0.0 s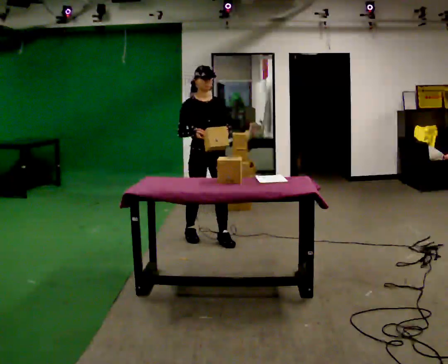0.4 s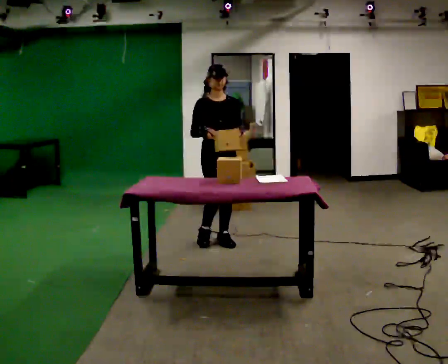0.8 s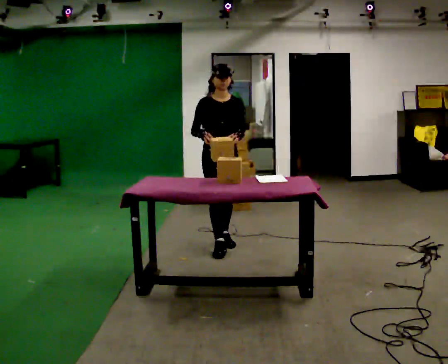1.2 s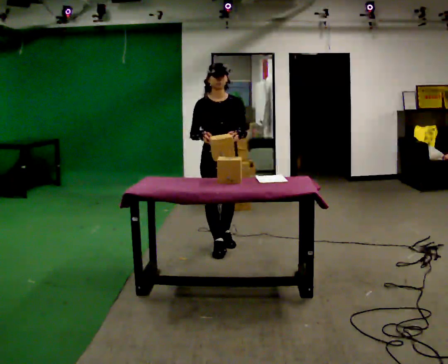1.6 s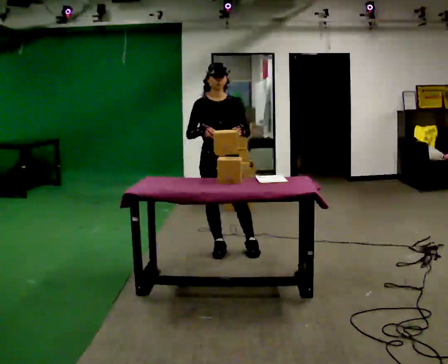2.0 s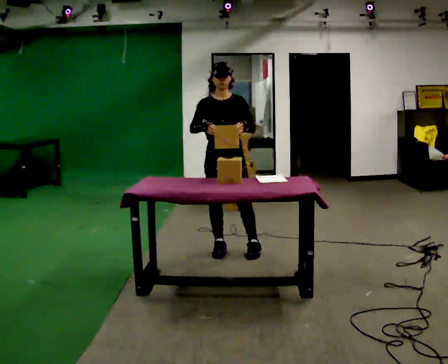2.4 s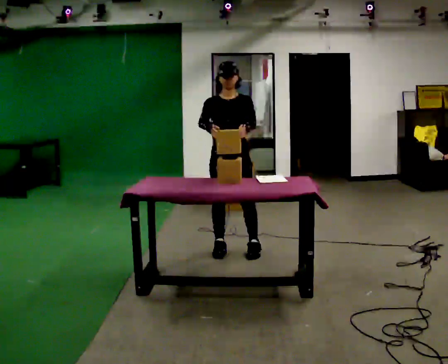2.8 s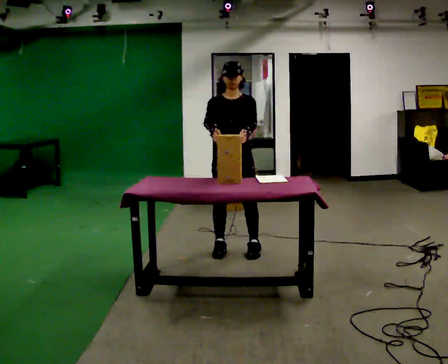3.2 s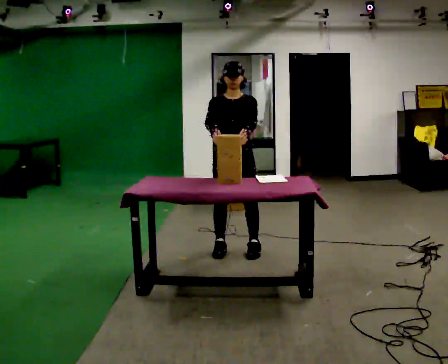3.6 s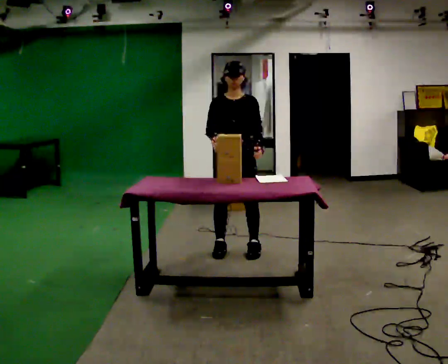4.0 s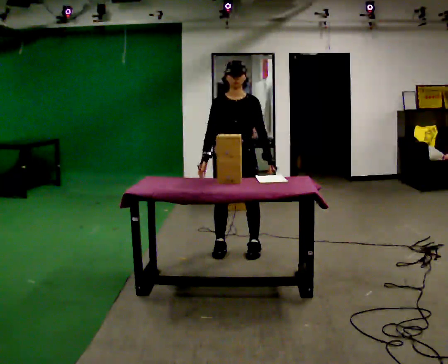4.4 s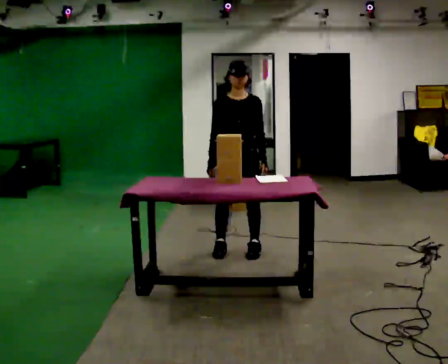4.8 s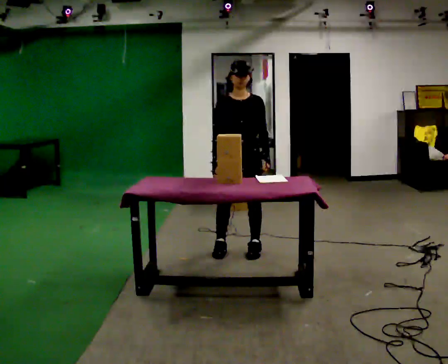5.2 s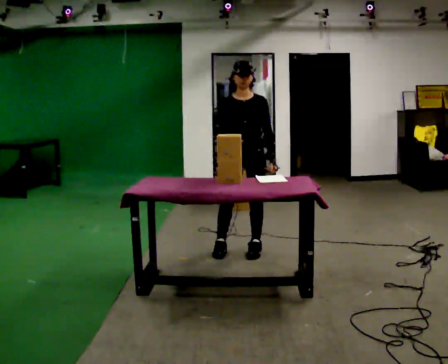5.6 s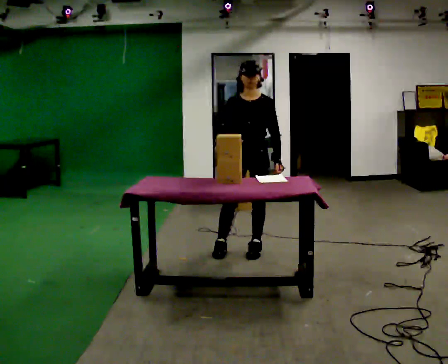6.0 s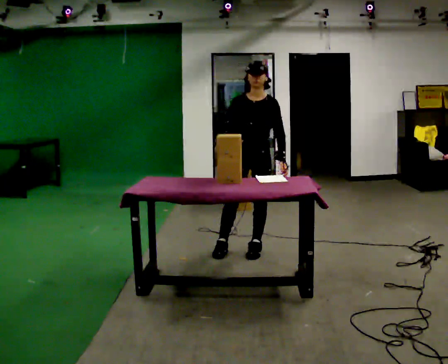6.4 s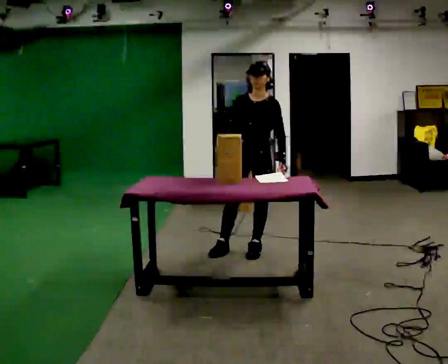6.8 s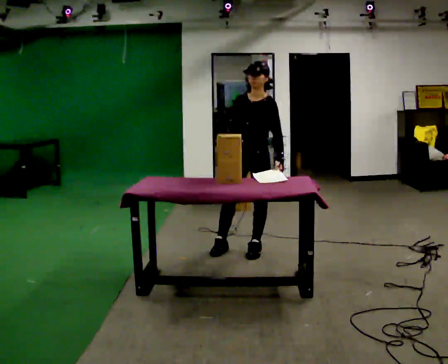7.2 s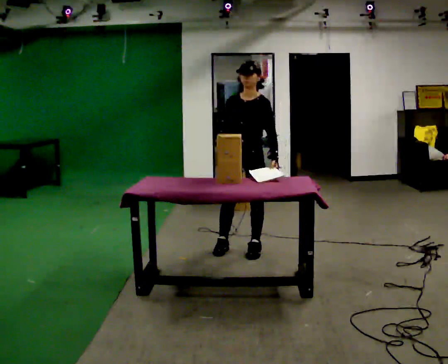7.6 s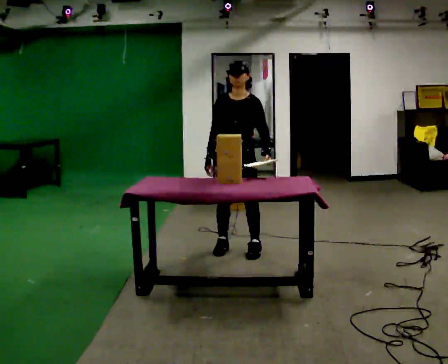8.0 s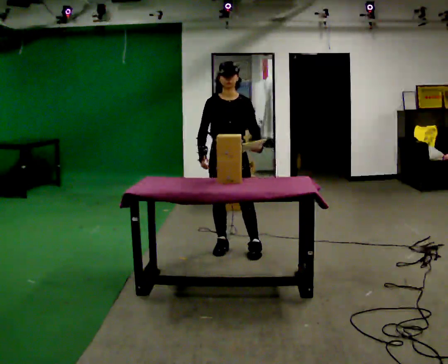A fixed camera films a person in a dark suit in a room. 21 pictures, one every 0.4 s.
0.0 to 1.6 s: In the picture they go toward the camera and to the right, about 0.25 m in 1 step, which for them is forward.
1.6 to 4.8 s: In the picture they go to the right, about 0.25 m in 1 step, which for them is to their left.
4.8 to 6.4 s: The person turns about 30 degrees to their right, clockwise seen from above, so the part of the body nearest the lens slides to the left.
6.4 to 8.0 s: The person turns about 30 degrees to their left, counterclockwise seen from above, so the part of the body nearest the lens slides to the right. In the picture they go to the left, about 0.25 m, which for them is to their right.
The film runs forward here.
